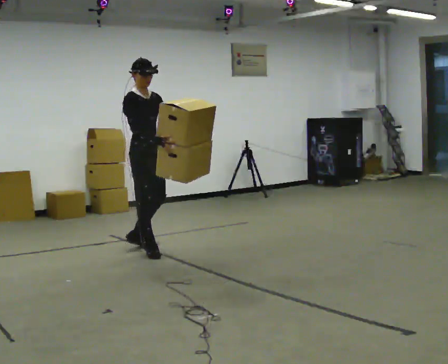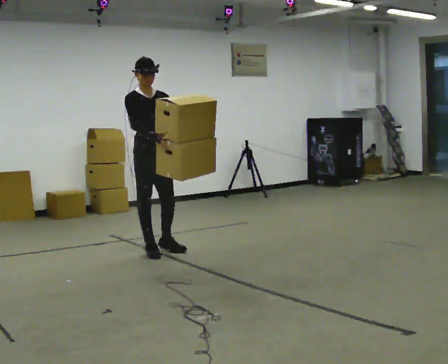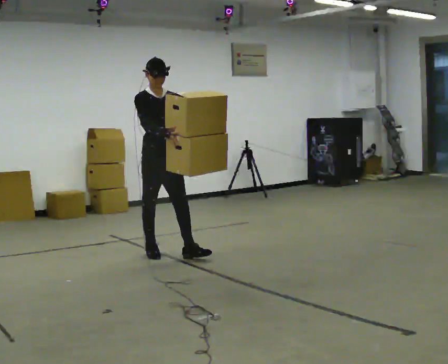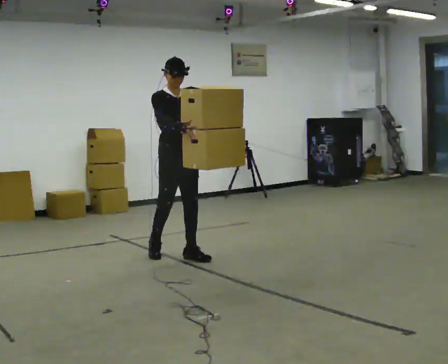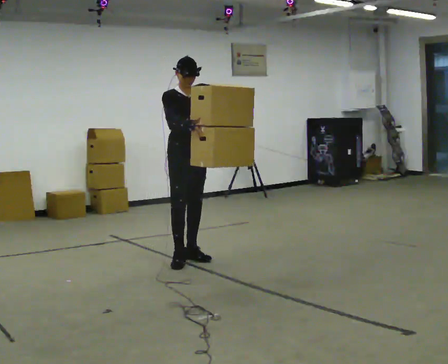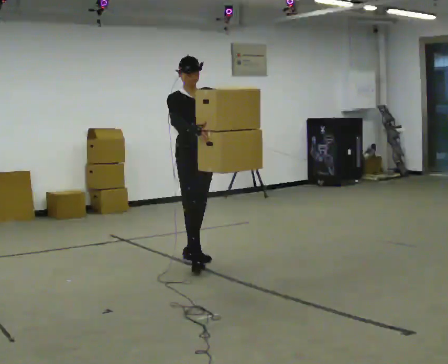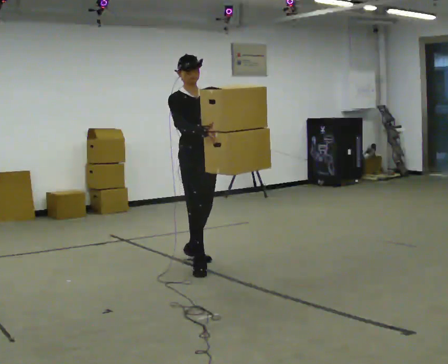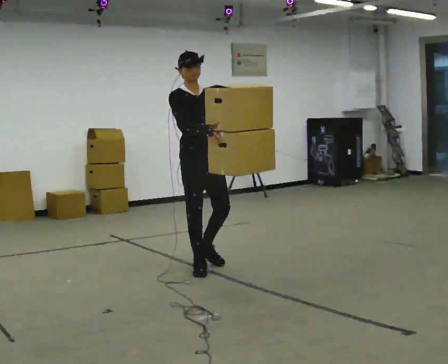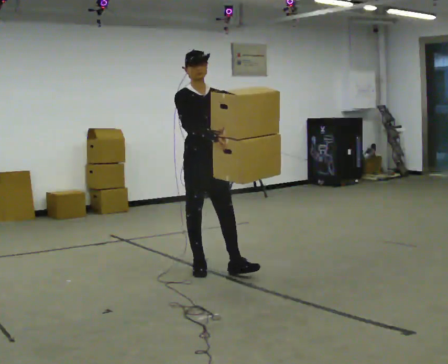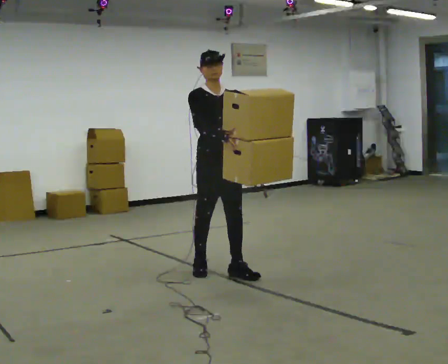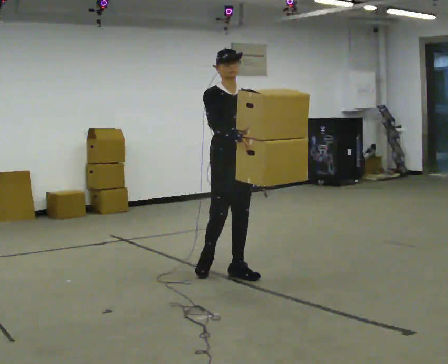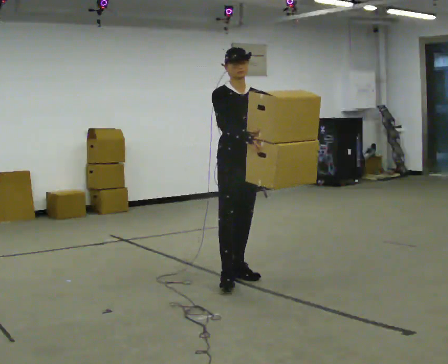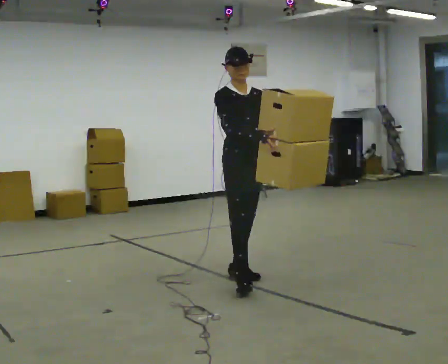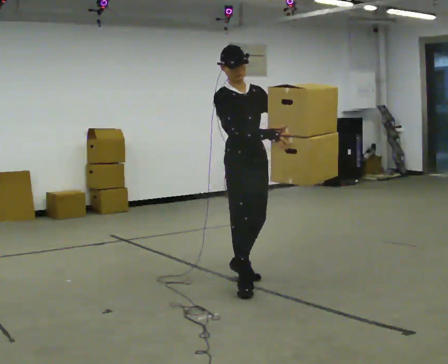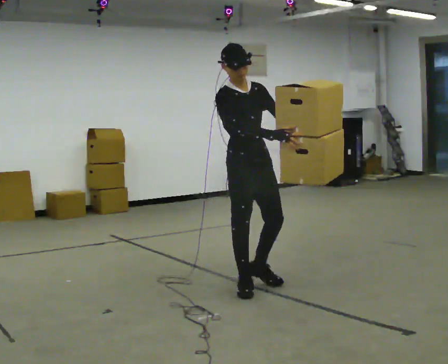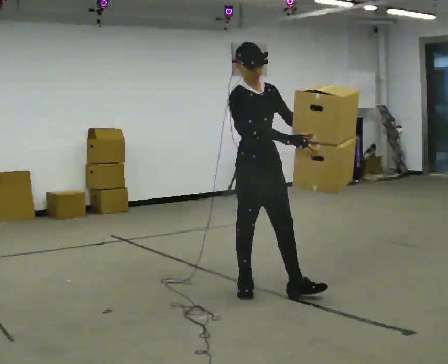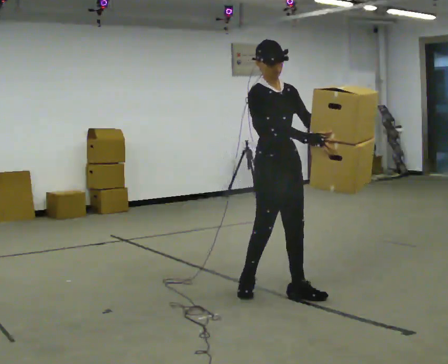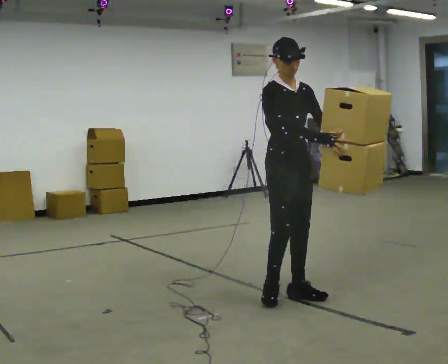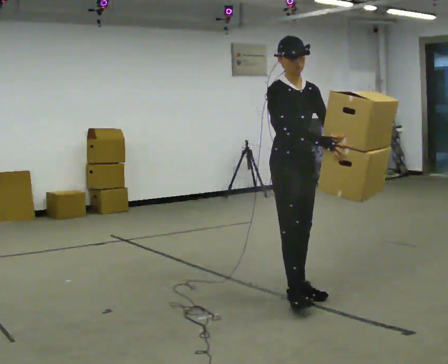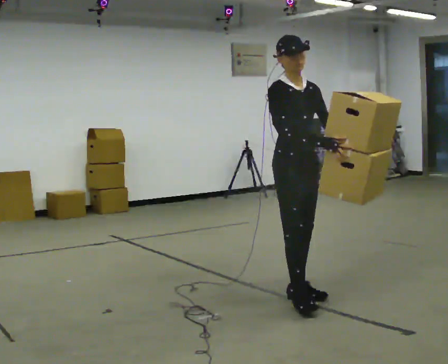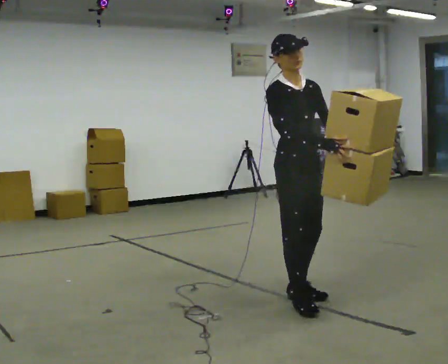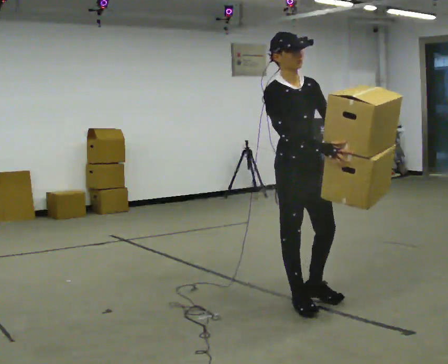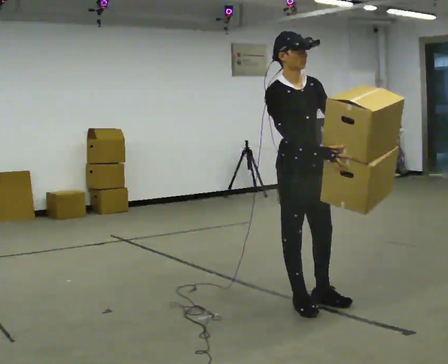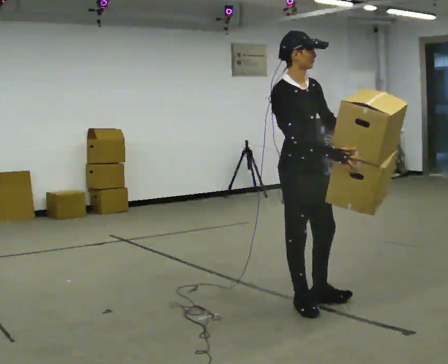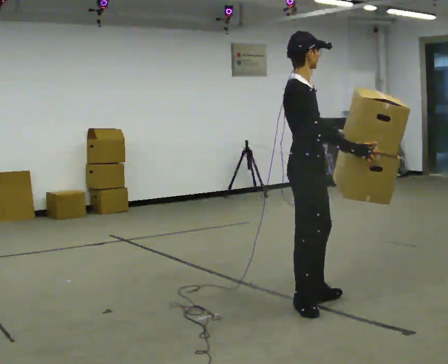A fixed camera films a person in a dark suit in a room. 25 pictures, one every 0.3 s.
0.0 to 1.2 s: The part of the body nearest the lens slides to the left as the person turns to their right by about 30 degrees. In the picture they go to the right and toward the camera, about 0.5 m in 1 step, which for them is forward and to their left.
1.2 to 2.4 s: In the picture they go toward the camera and to the right, about 0.5 m in 1 step, which for them is forward.
2.4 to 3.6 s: In the picture they go to the right and toward the camera, about 0.5 m in 2 steps, which for them is forward.
3.6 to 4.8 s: In the picture they go toward the camera and to the right, about 0.5 m in 1 step, which for them is forward.
4.8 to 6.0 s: In the picture they go toward the camera, about 0.25 m in 1 step, which for them is forward.
6.0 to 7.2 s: The person turns about 30 degrees to their left, counterclockwise seen from above, so the part of the body nearest the lens slides to the right.
The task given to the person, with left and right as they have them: Carry the large light object across the room, back and forth. It is awkward rather than heavy, so hold it however works.
The film runs forward here.
